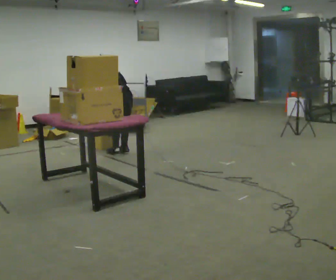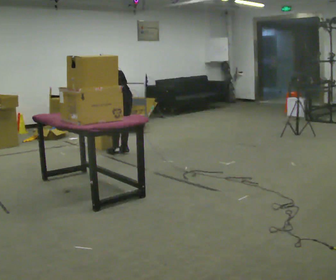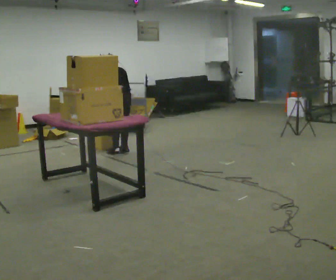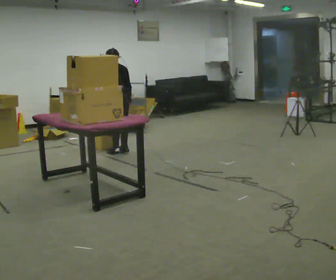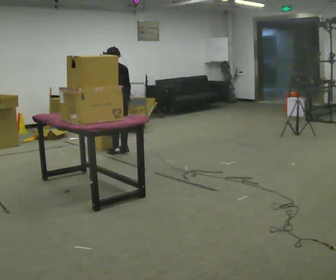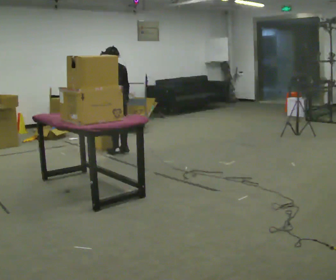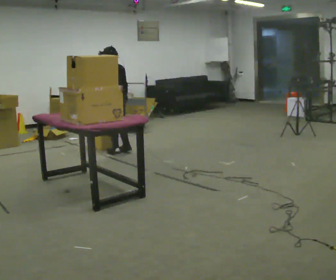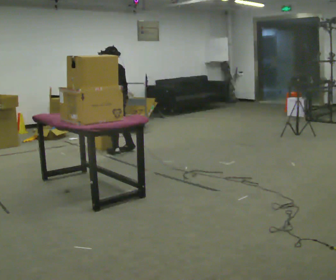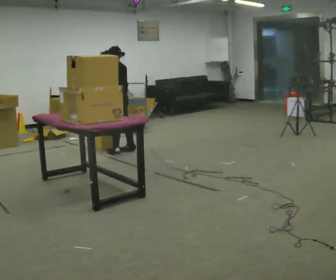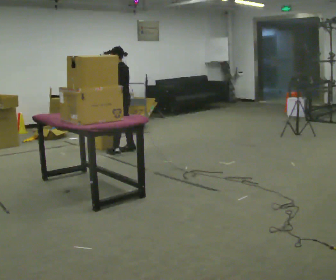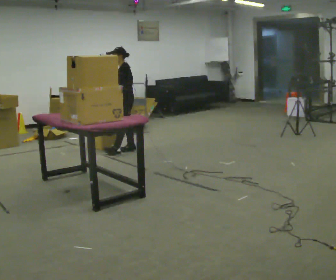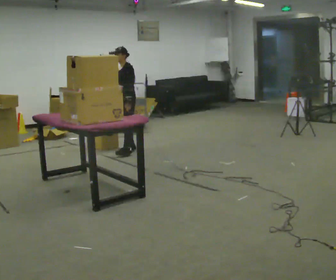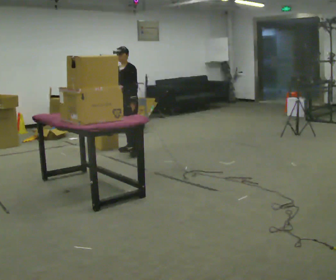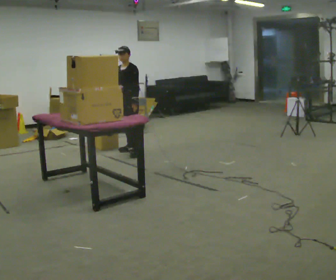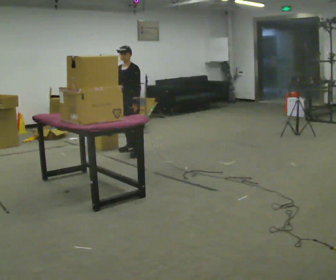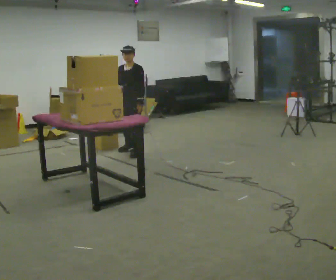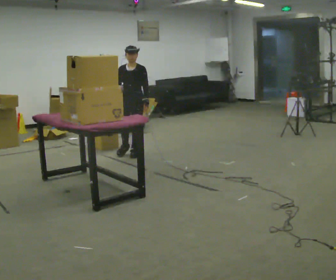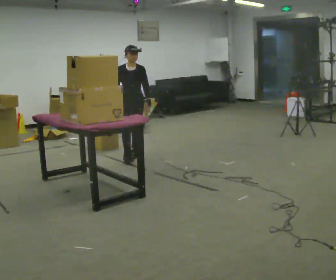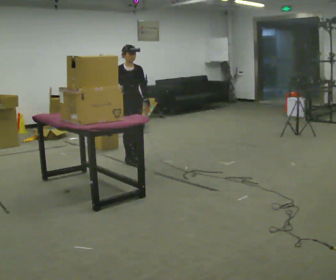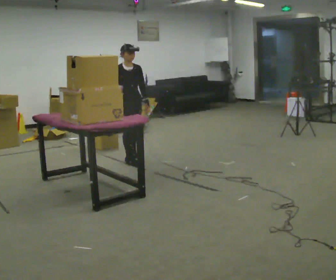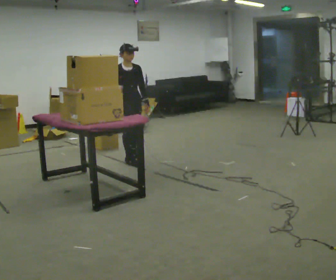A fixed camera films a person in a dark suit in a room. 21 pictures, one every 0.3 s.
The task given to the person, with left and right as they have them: Take boxes off the top of the stack one at a time and carry them away, walking back for each one. Keep going until the operator says stop; one object at a time, and do not rush between trips.
0.0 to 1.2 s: The upper body tips toward the camera, its near side rolling downward, as they lean back or straighten.
1.2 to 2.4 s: The part of the body nearest the lens slides to the right as the person turns to their left by about 30 degrees.
2.4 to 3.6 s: The part of the body nearest the lens slides to the right as the person turns to their left by about 60 degrees. In the picture their left hand goes to the right.
3.6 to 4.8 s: The person turns about 45 degrees to their left, counterclockwise seen from above, so the part of the body nearest the lens slides to the right. In the picture they go toward the camera, about 0.25 m, which for them is to their left and forward.
4.8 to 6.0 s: Seen from above the body turns counterclockwise, about 30 degrees: to their left, with its near side sliding to the right. In the picture they go toward the camera, about 0.25 m in 1 step, which for them is forward and to their right.
The film runs forward here.
